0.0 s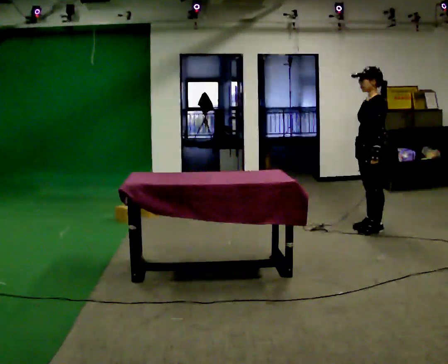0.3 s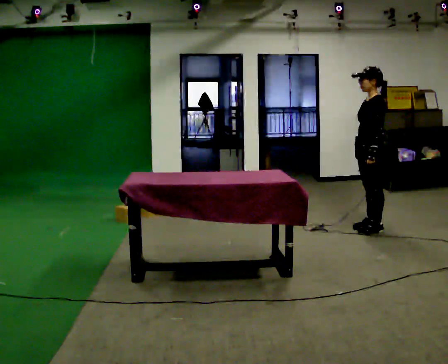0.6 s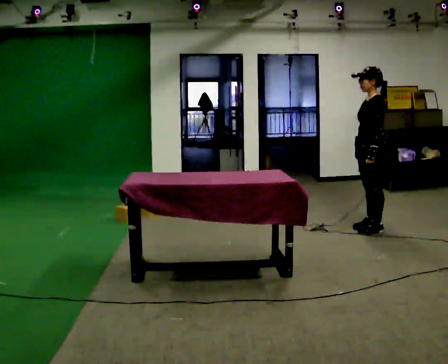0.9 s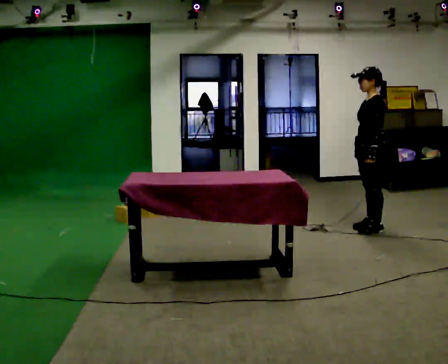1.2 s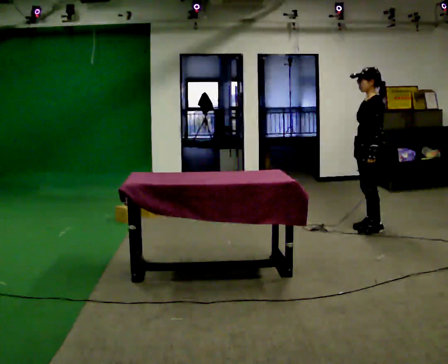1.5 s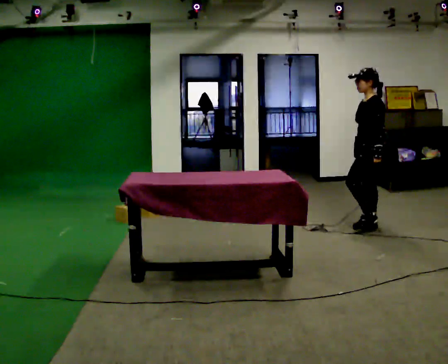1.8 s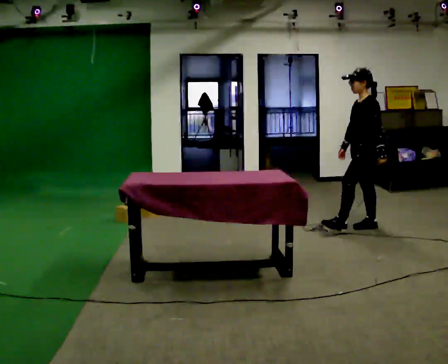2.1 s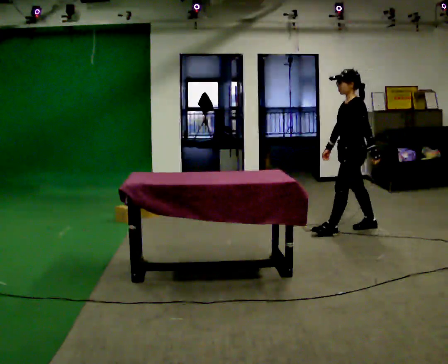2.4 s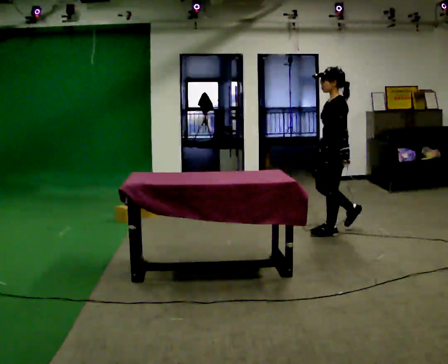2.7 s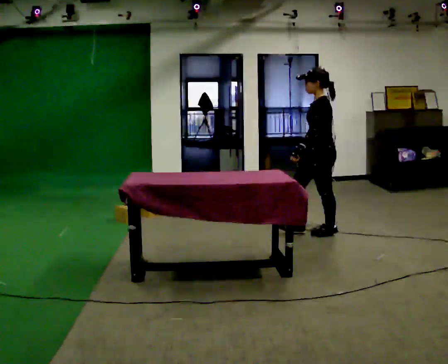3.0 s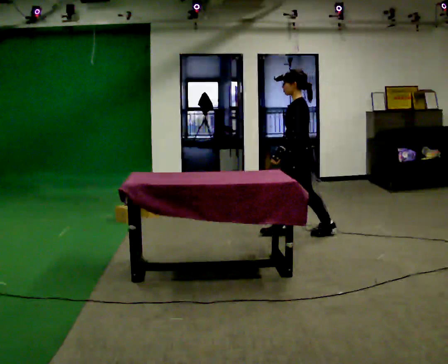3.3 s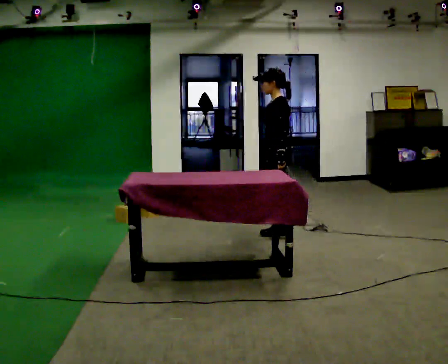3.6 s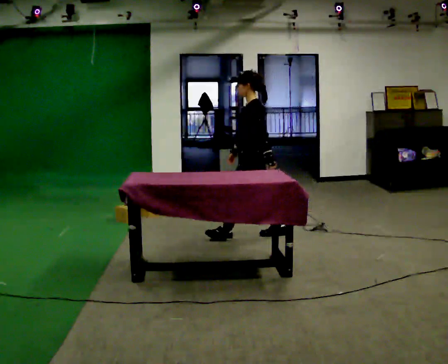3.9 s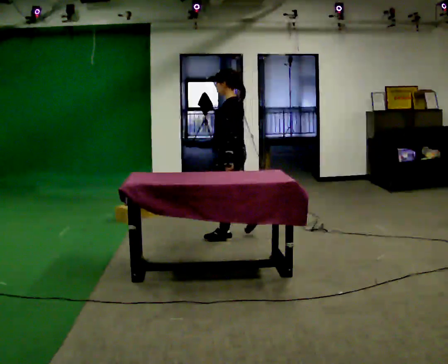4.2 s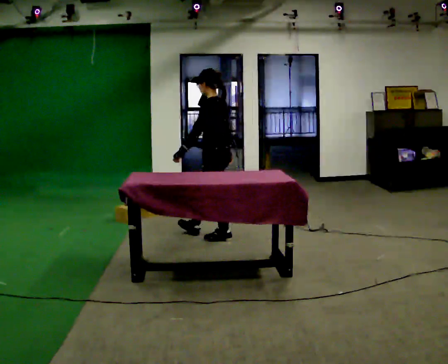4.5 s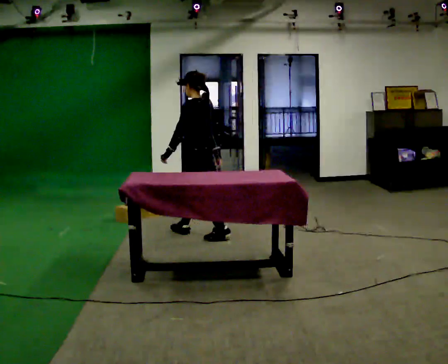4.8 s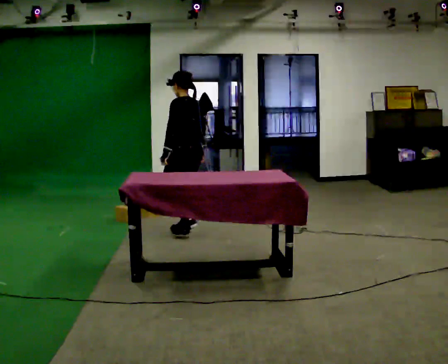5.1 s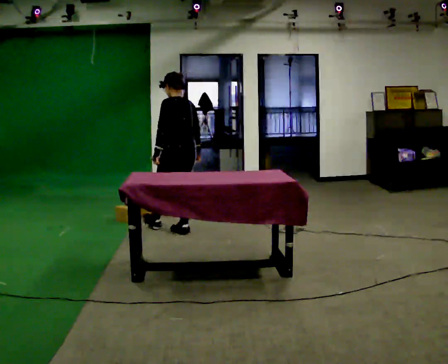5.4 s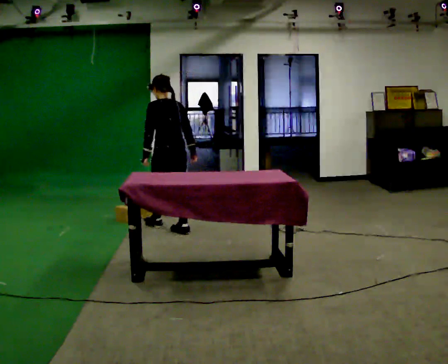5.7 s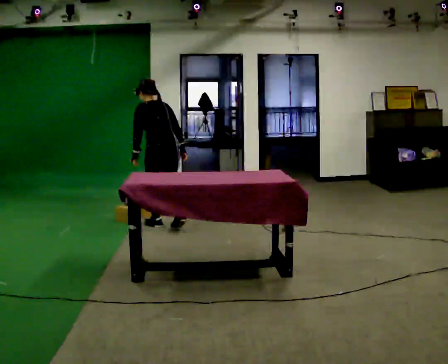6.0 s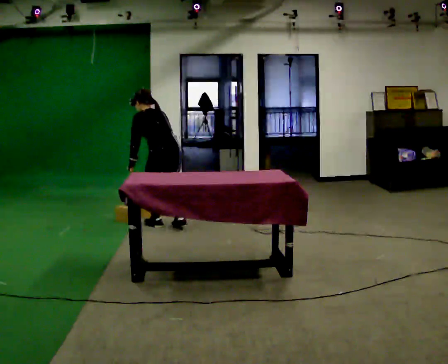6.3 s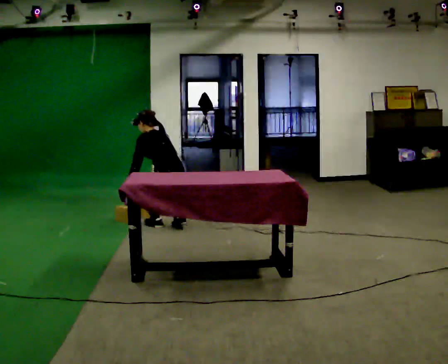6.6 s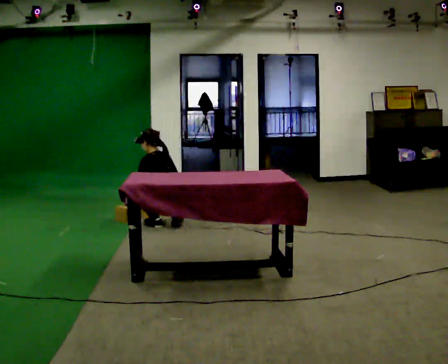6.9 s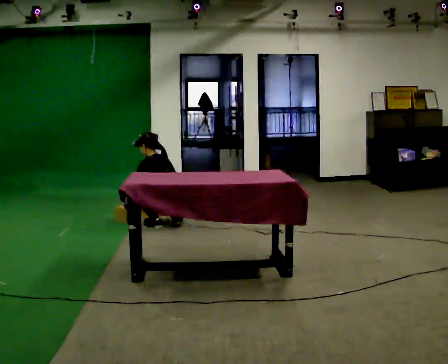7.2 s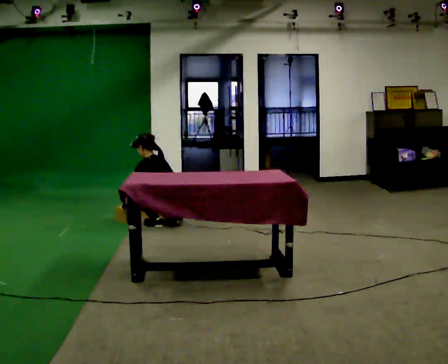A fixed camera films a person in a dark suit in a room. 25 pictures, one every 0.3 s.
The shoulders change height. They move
downward.
The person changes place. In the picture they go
to the left.
0.0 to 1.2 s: The person moves a little, or ends about where they began.
1.2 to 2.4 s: In the picture they go to the left, about 0.25 m in 1 step, which for them is forward.
2.4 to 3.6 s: In the picture they go to the left, about 1 m in 1 step, which for them is forward.
3.6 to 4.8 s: Seen from above the body turns clockwise, about 30 degrees: to their right, with its near side sliding to the left. In the picture they go to the left, about 0.75 m in 2 steps, which for them is forward.
4.8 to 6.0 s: In the picture they go to the left and away from the camera, about 0.25 m in 2 steps, which for them is forward. In the picture the upper body tilts counterclockwise, shoulders to the left, as they bend forward.
6.0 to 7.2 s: The upper body goes downward. The upper body tips toward the camera, its near side rolling downward. In the picture their right hand goes downward and to the left.
The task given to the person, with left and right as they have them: Collect three or four objects from around the room, gather them in your arms, then carry them all to the shelf together. Keep going until the operator says stop; one object at a time, and do not rush between trips.
The film runs forward here.
